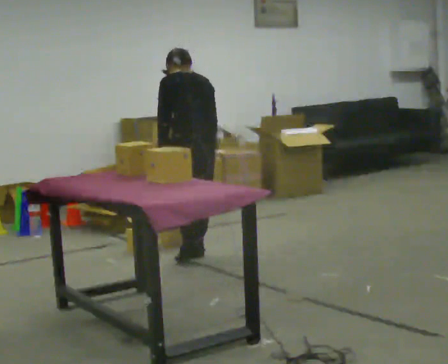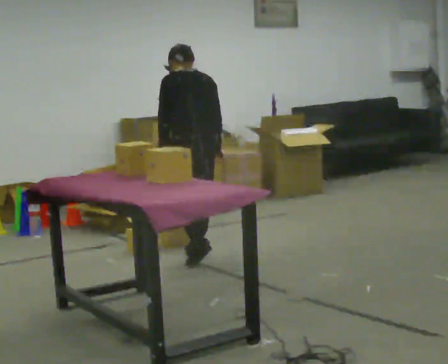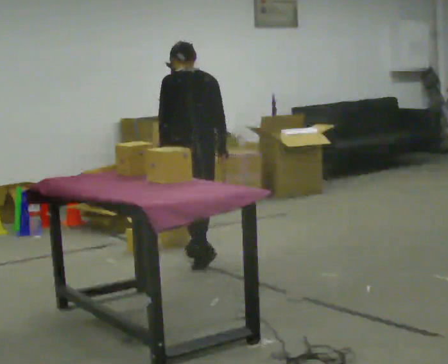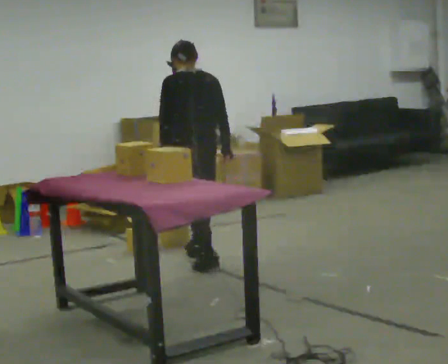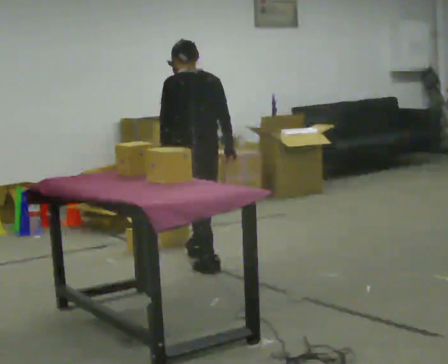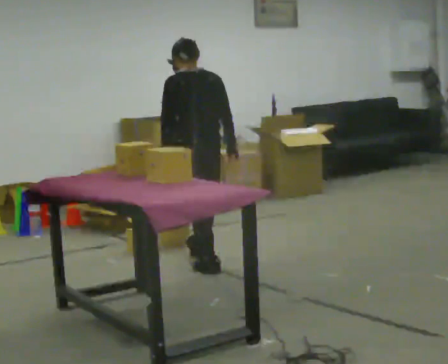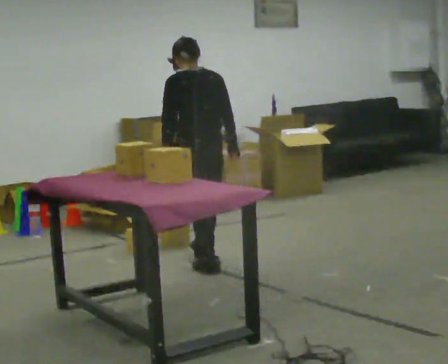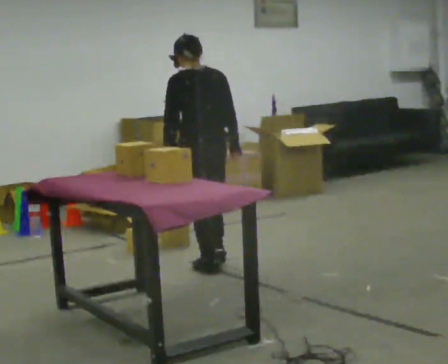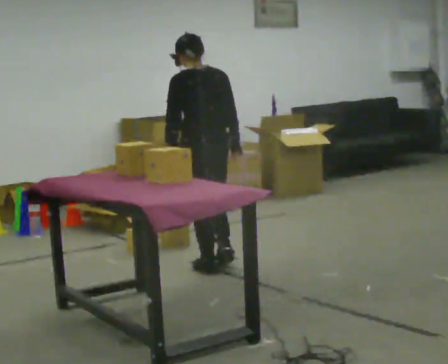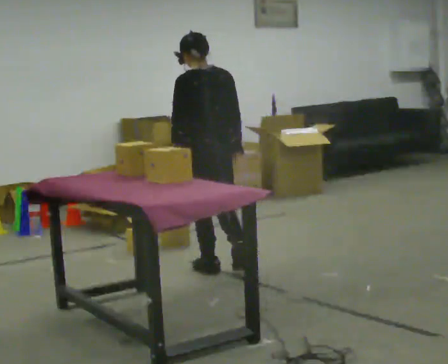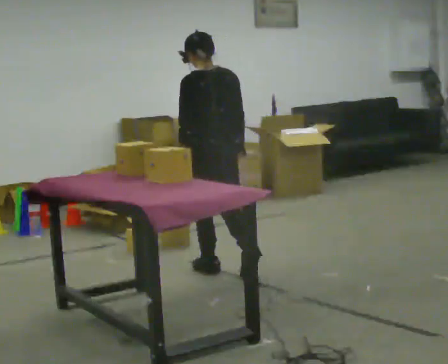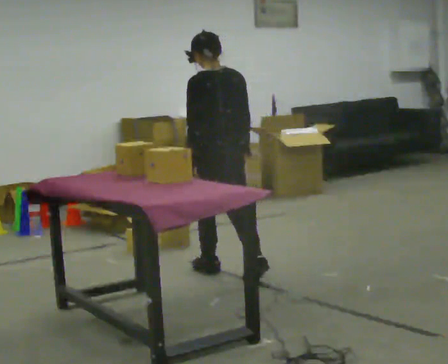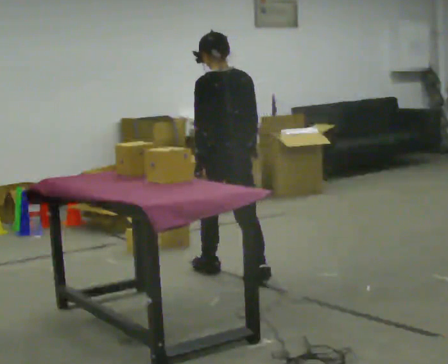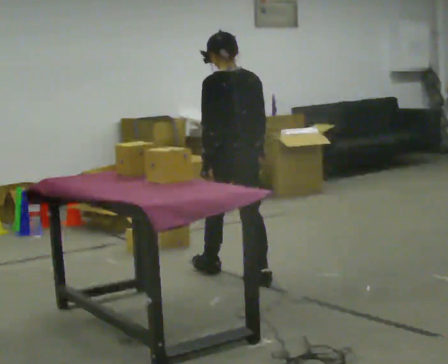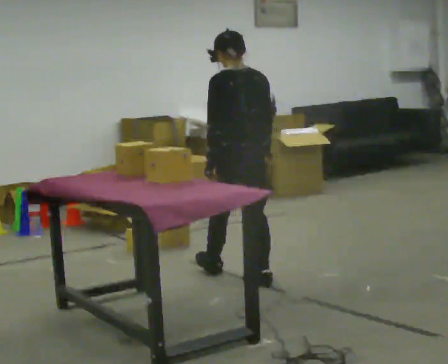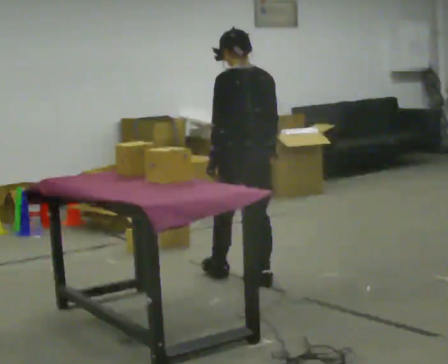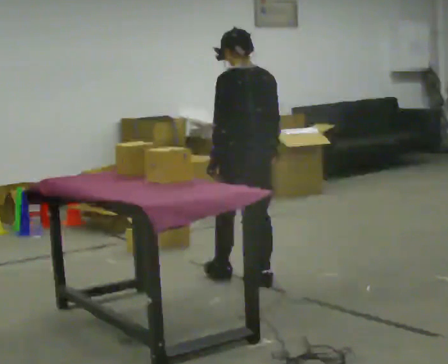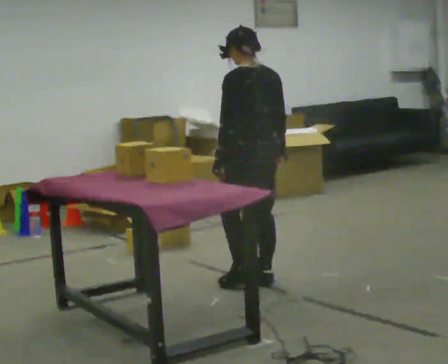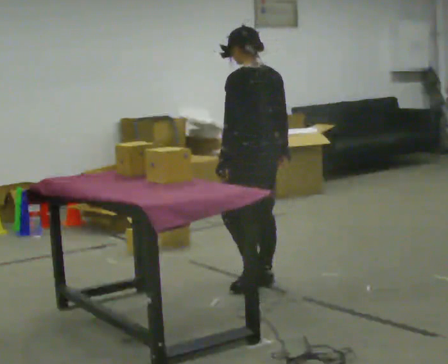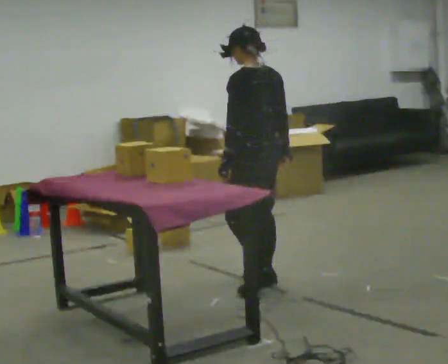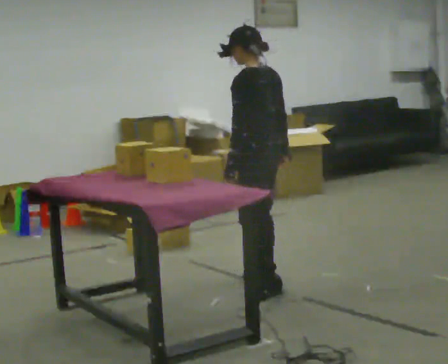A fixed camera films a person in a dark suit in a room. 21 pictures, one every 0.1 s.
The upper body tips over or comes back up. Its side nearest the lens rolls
downward.
0.0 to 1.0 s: In the picture they go toward the camera, about 0.25 m in 1 step, which for them is backward. The upper body tips toward the camera, its near side rolling downward, as they lean back or straighten.
1.0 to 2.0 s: Seen from above the body turns counterclockwise, about 30 degrees: to their left, with its near side sliding to the right. In the picture they go toward the camera and to the right, about 0.5 m in 1 step, which for them is backward.
The film runs backward here.
